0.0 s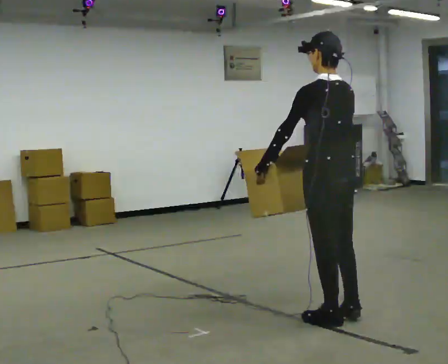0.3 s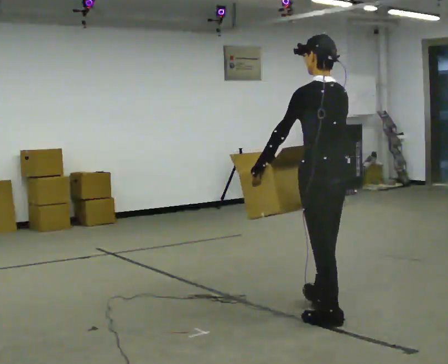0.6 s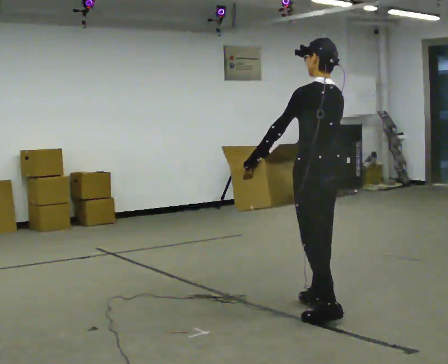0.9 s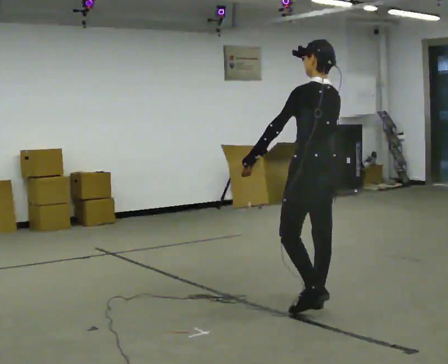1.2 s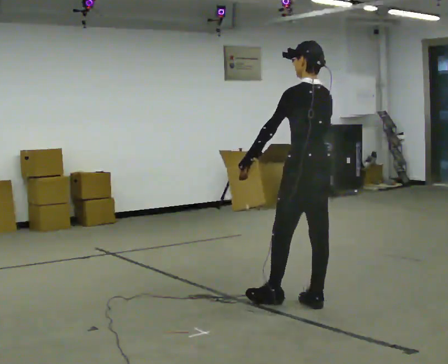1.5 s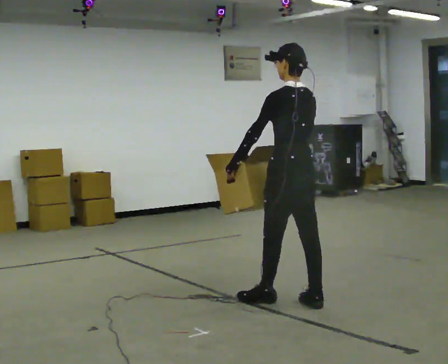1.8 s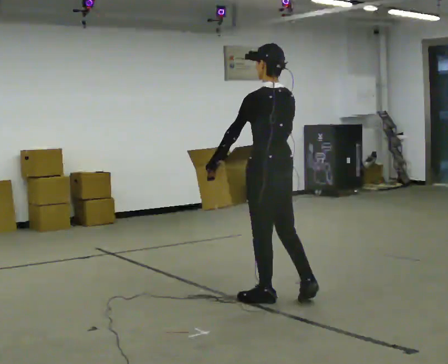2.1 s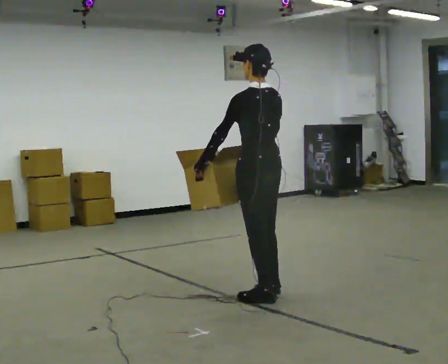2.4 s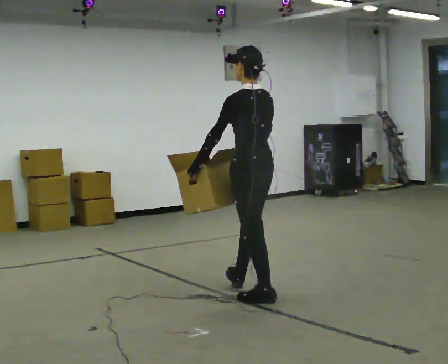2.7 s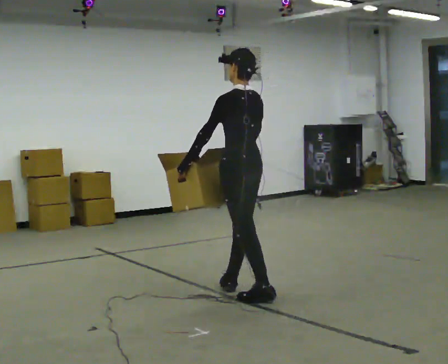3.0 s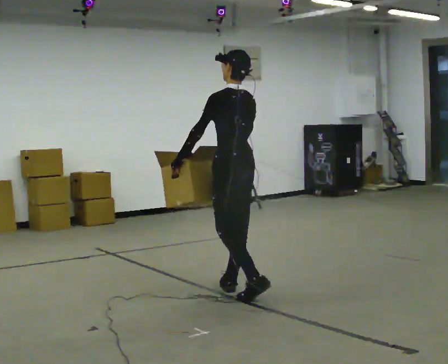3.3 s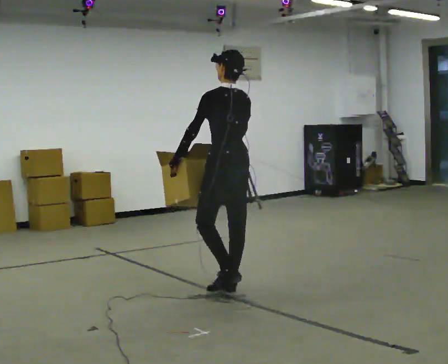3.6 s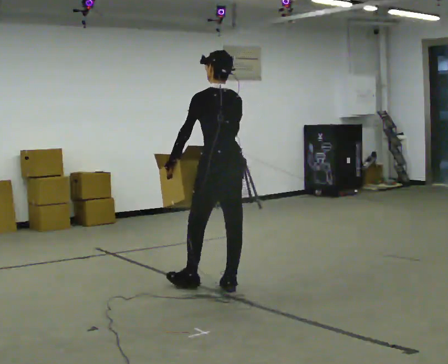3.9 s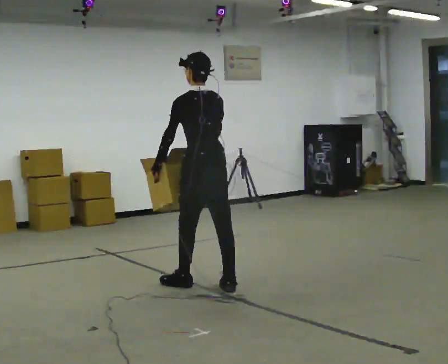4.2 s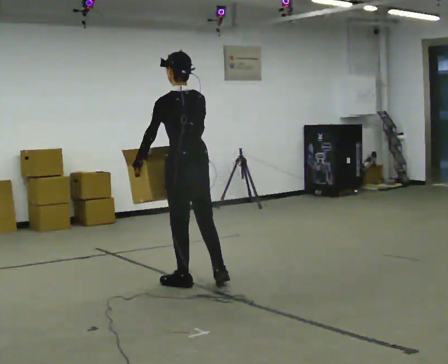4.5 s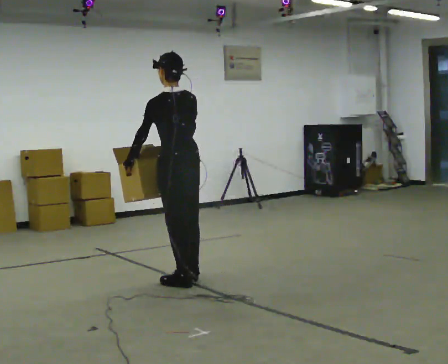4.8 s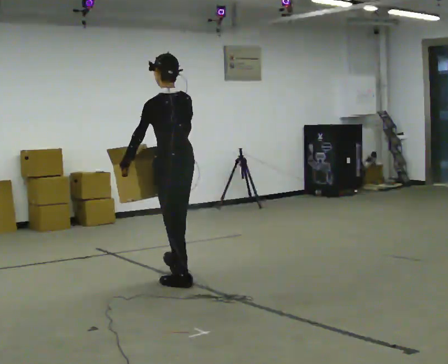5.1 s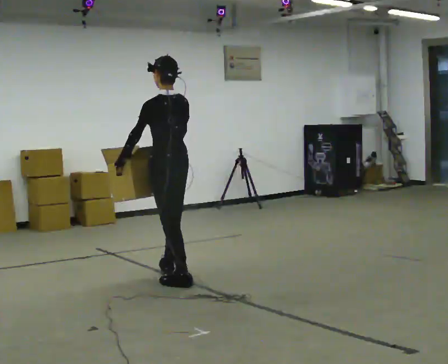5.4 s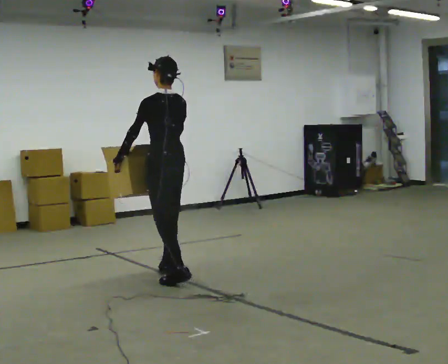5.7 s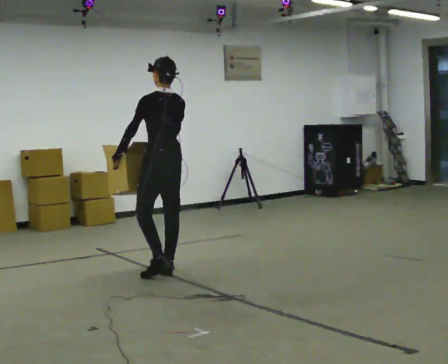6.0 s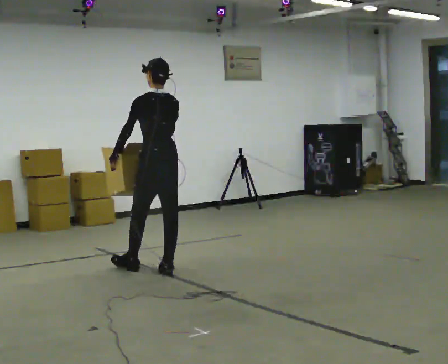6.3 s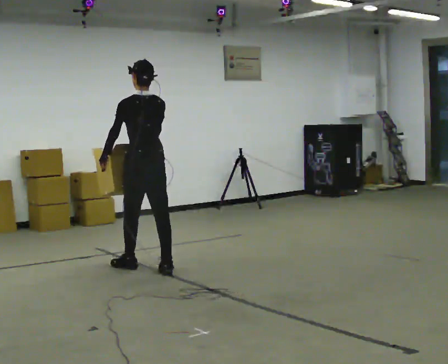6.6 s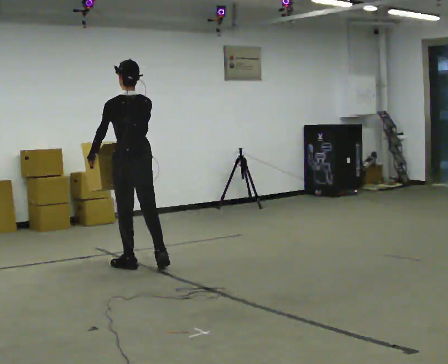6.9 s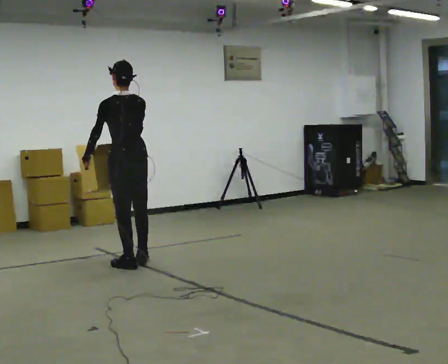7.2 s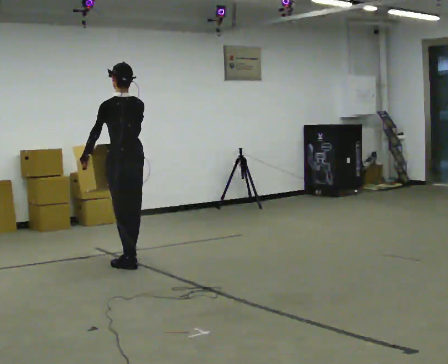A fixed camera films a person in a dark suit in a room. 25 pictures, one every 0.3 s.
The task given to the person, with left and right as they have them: Carry the object across the room. The lid hangs loose and will swing, so carry it however works. Keep going until the operator says stop; one object at a time, and do not rush between trips.
0.0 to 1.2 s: In the picture they go away from the camera, about 0.5 m in 1 step, which for them is forward and to their right.
1.2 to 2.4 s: In the picture they go to the left and away from the camera, about 0.5 m in 1 step, which for them is forward and to their left.
2.4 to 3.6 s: In the picture they go away from the camera and to the left, about 0.25 m in 1 step, which for them is forward.
3.6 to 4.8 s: In the picture they go to the left and away from the camera, about 0.5 m in 1 step, which for them is forward and to their left.
4.8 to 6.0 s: In the picture they go away from the camera and to the left, about 0.5 m in 1 step, which for them is forward.
6.0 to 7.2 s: In the picture they go to the left and away from the camera, about 0.5 m in 2 steps, which for them is forward.
The film runs forward here.
